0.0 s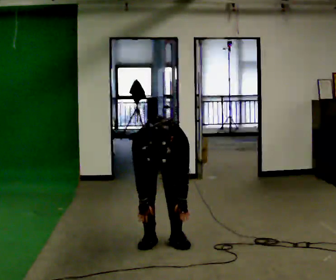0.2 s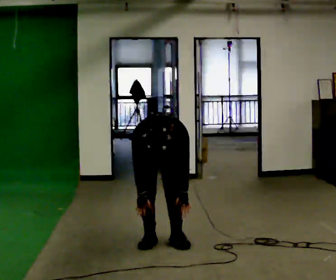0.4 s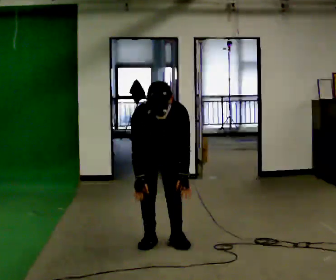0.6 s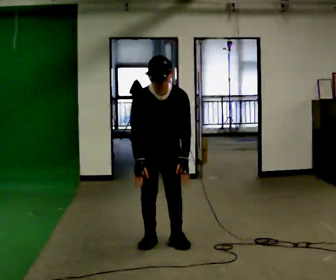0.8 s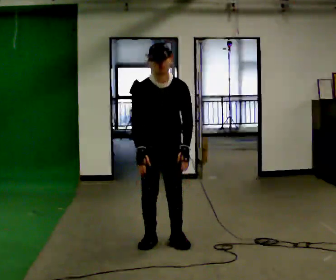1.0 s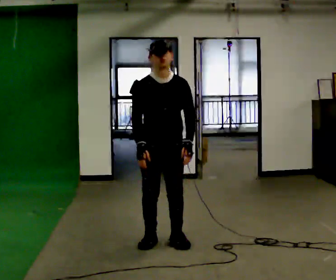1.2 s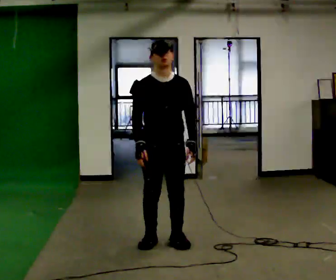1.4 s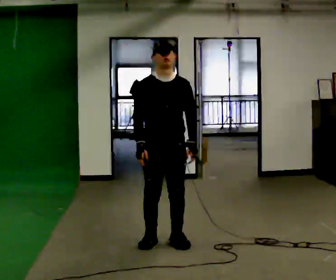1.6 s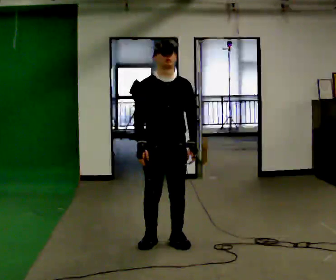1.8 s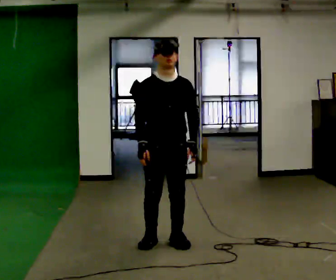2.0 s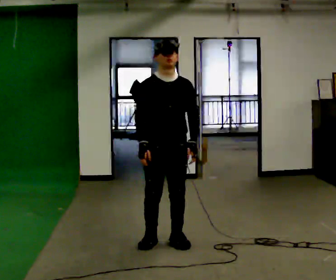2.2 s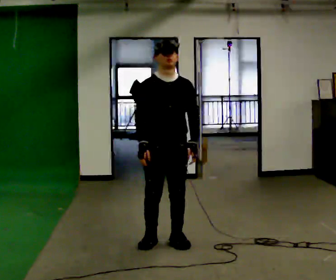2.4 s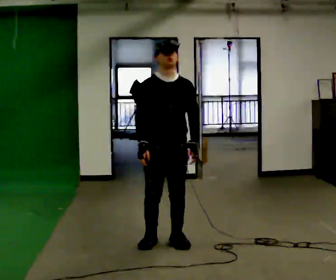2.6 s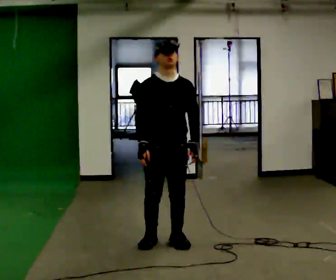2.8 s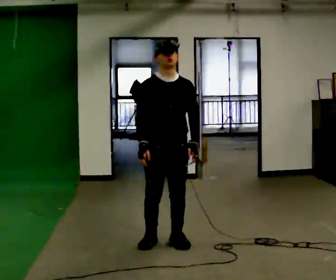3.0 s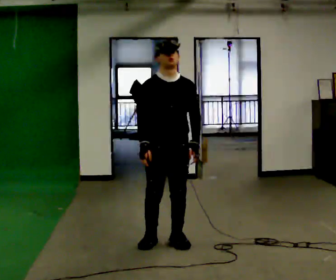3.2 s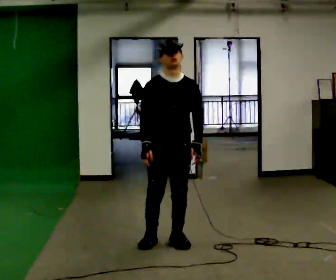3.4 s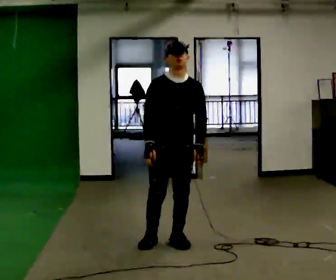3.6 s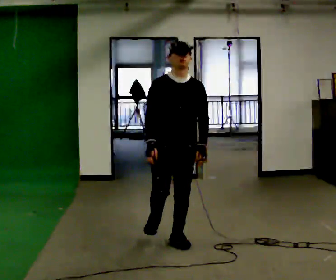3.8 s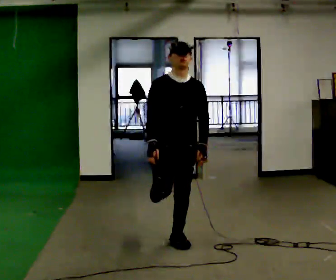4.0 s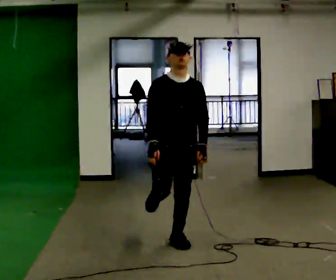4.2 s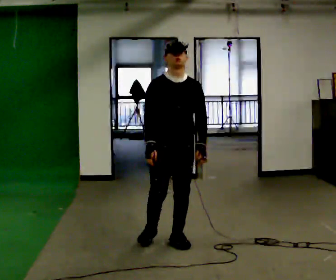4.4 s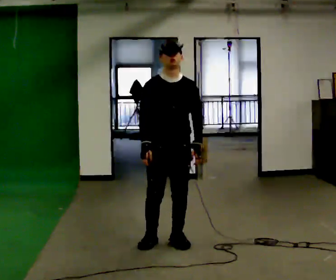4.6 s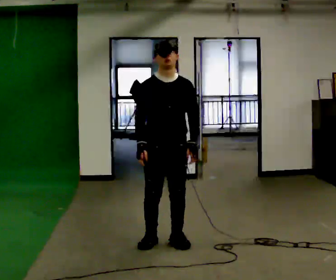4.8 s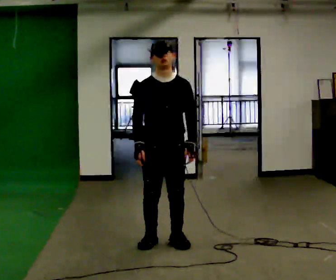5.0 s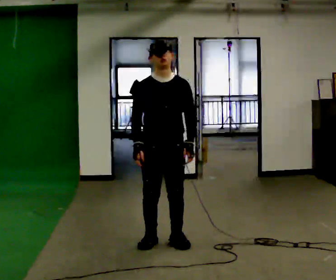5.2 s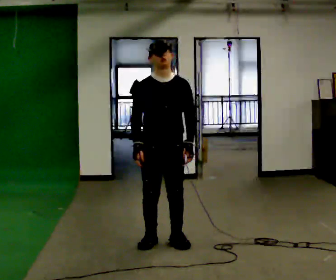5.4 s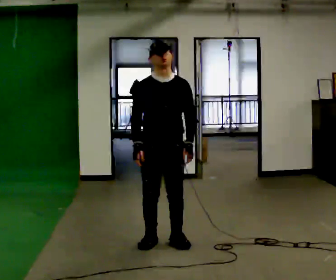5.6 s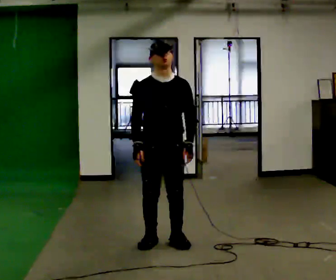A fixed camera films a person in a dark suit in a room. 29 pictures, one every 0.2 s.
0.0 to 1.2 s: In the picture they go toward the camera, about 0.25 m, which for them is forward. The upper body goes upward. The upper body tips away from the camera, its near side rolling upward, as they lean back or straighten. In the picture their right hand goes upward.
1.2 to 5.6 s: The person moves a little, or ends about where they began.
The film runs forward here.
